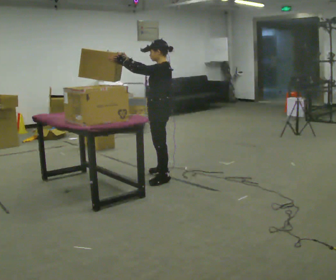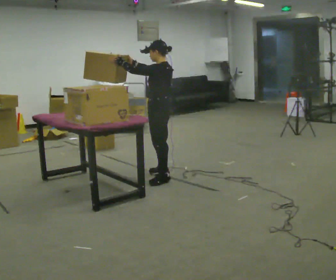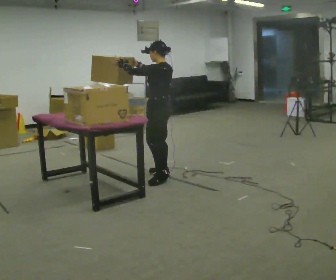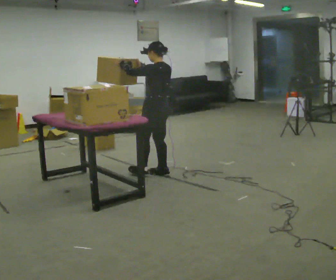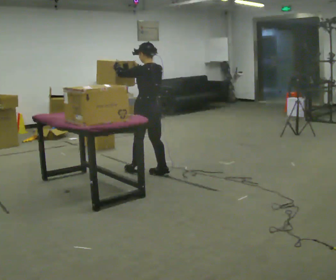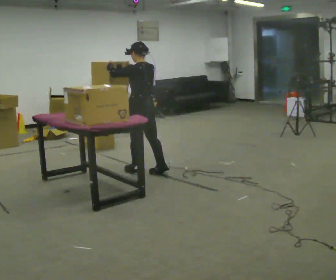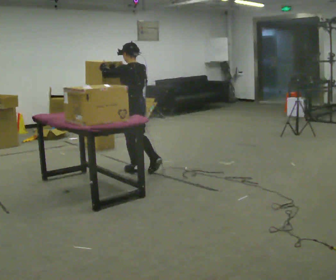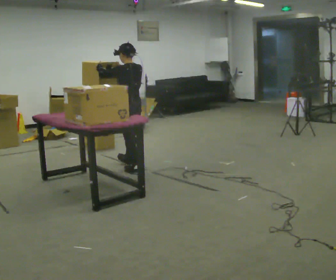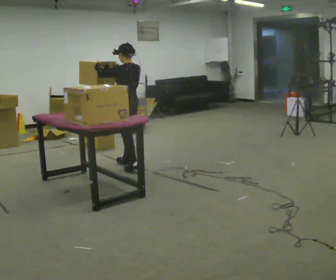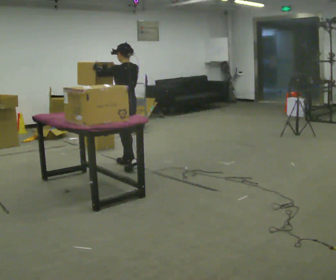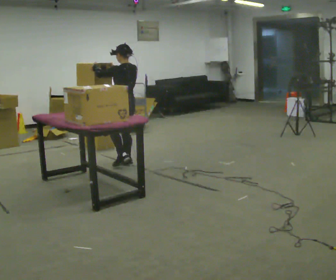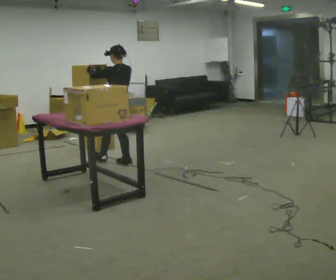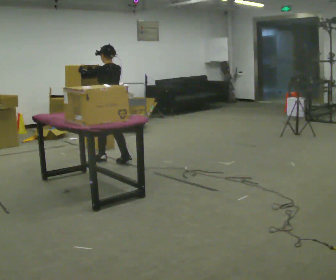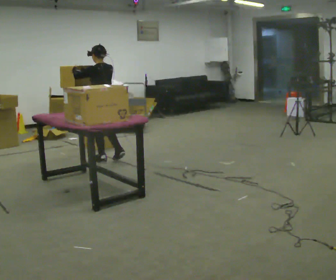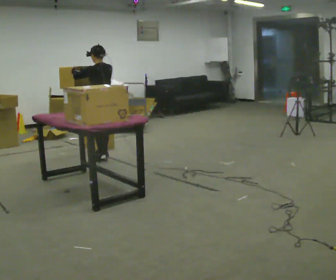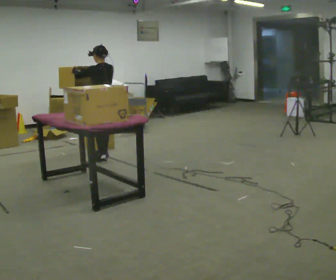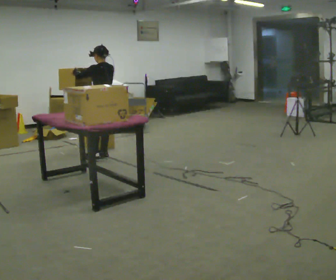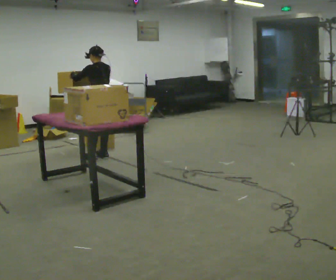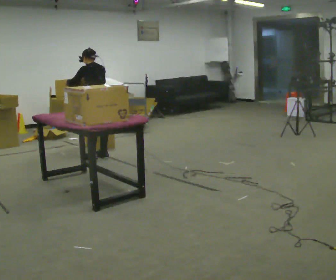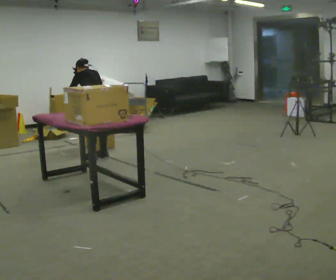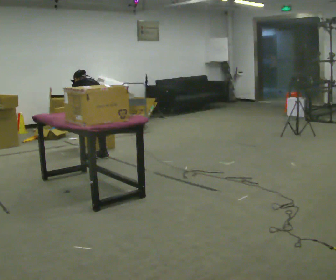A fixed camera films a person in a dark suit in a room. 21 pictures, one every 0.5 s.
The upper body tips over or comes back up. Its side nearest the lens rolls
upward.
Their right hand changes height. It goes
downward.
0.0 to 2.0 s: The person turns about 45 degrees to their right, clockwise seen from above, so the part of the body nearest the lens slides to the left. In the picture they go away from the camera, about 0.25 m in 1 step, which for them is forward and to their right.
2.0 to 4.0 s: In the picture they go away from the camera and to the left, about 0.25 m in 1 step, which for them is forward.
4.0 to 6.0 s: In the picture they go away from the camera and to the left, about 0.25 m in 1 step, which for them is forward.
6.0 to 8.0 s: In the picture they go away from the camera, about 0.25 m in 1 step, which for them is forward.
8.0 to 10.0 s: The shoulders move downward. The upper body tips away from the camera, its near side rolling upward, as they bend forward. In the picture their right hand goes downward.
The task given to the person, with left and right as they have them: Take boxes off the top of the stack one at a time and carry them away, walking back for each one. Keep going until the operator says stop; one object at a time, and do not rush between trips.
The film runs forward here.
